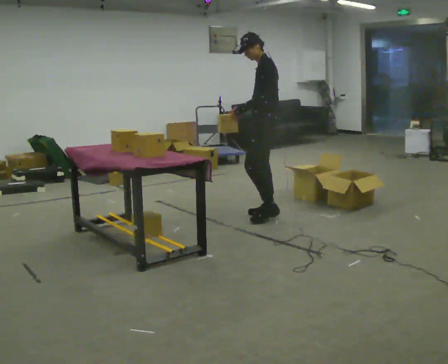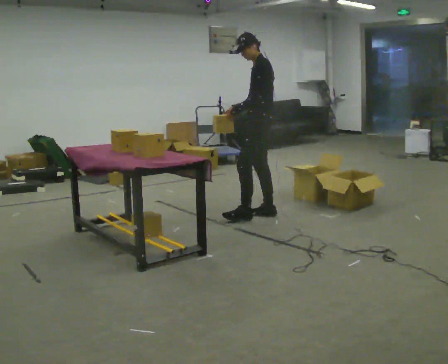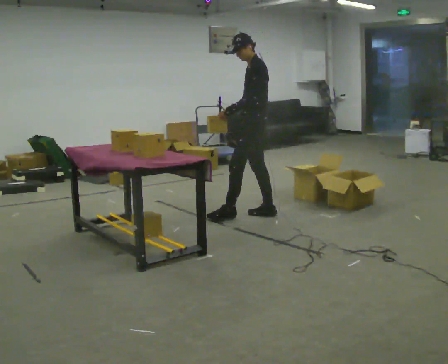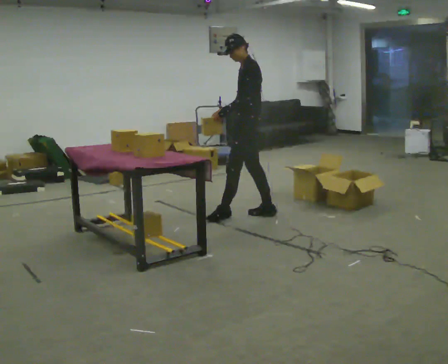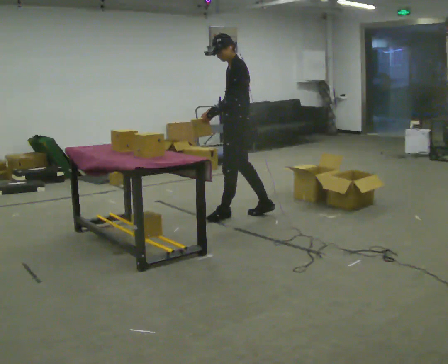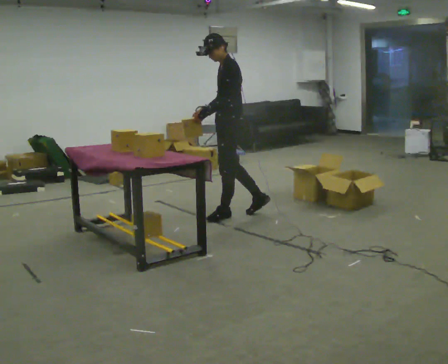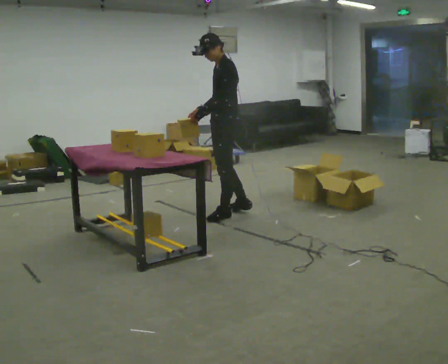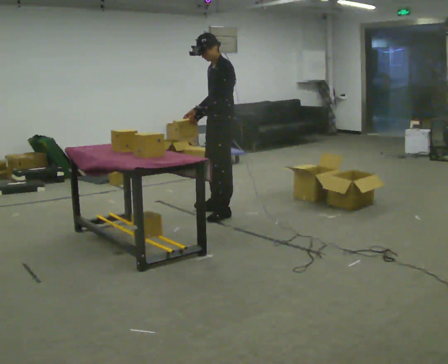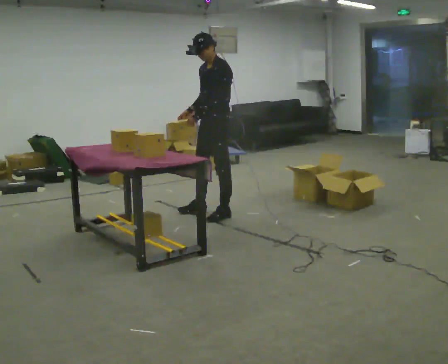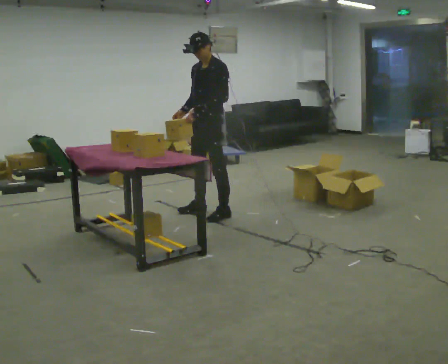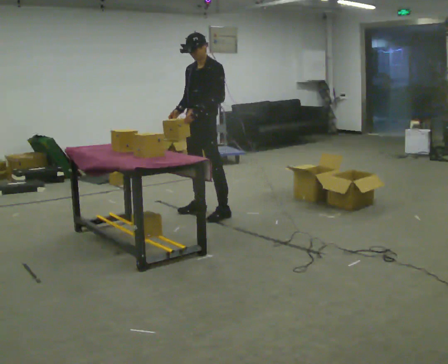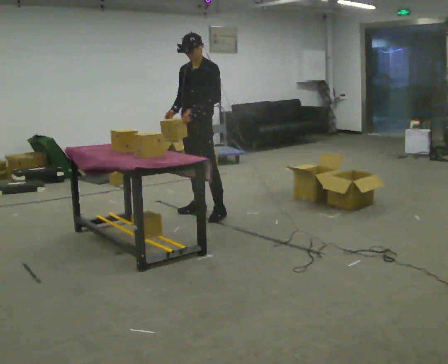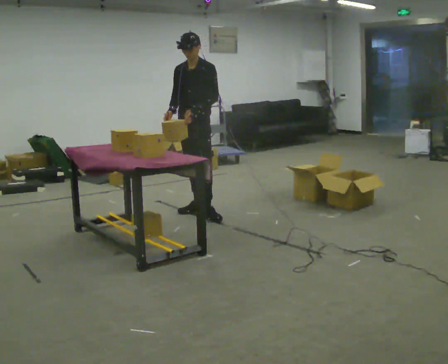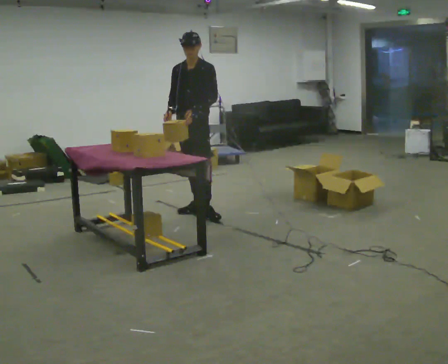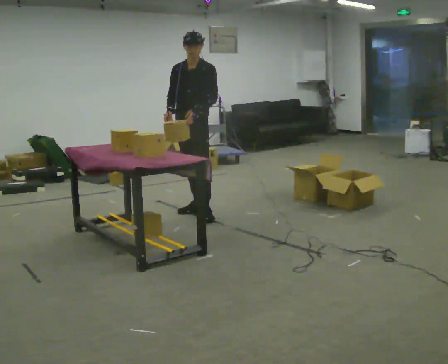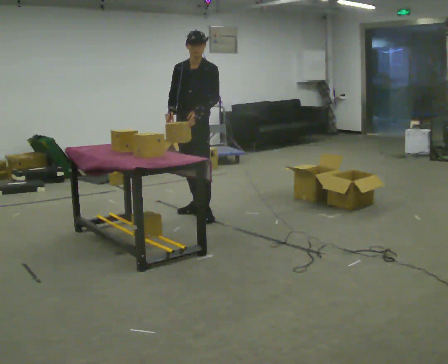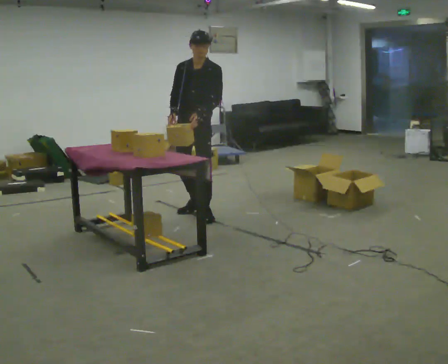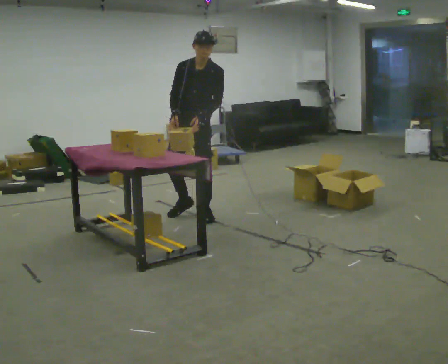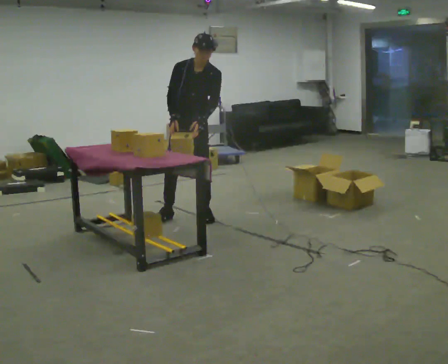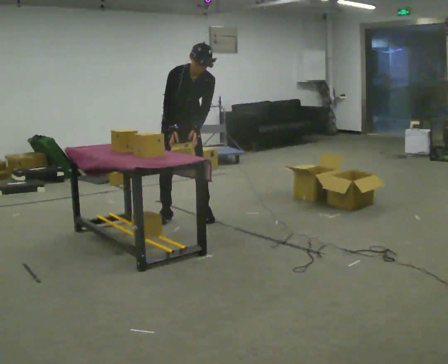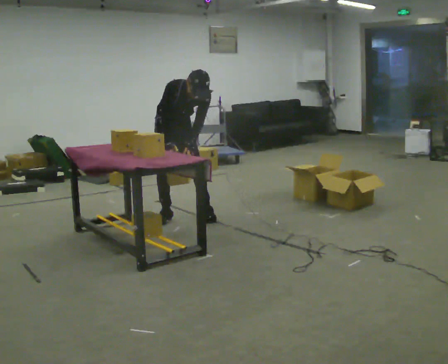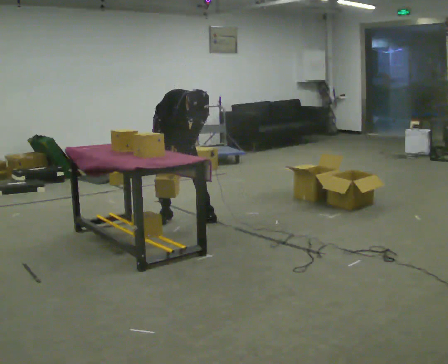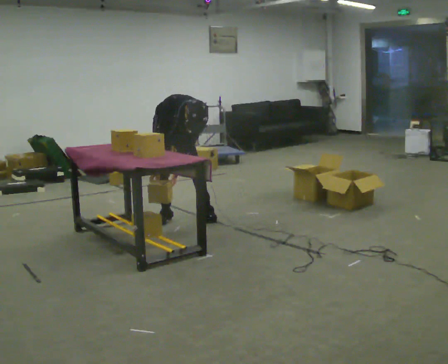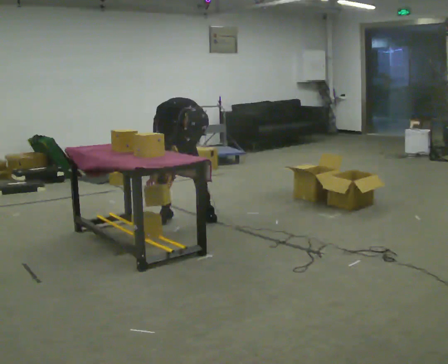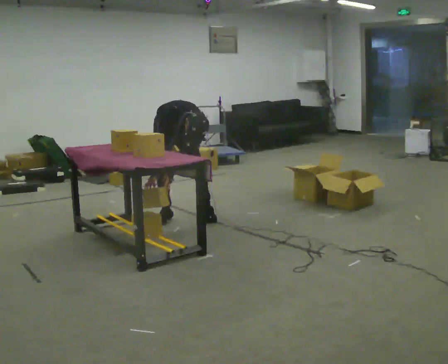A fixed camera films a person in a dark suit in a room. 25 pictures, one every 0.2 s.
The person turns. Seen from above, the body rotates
counterclockwise.
The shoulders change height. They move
downward.
0.0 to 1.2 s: In the picture they go to the left, about 0.25 m in 1 step, which for them is forward.
1.2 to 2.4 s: The person turns about 60 degrees to their left, counterclockwise seen from above, so the part of the body nearest the lens slides to the right. In the picture they go to the left and away from the camera, about 0.25 m in 2 steps, which for them is to their right.
2.4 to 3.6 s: The part of the body nearest the lens slides to the right as the person turns to their left by about 30 degrees. The upper body tips toward the camera, its near side rolling downward, as they bend forward.
3.6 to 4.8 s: In the picture they go to the left, about 0.25 m in 1 step, which for them is backward and to their right. The shoulders move downward. The upper body tips toward the camera, its near side rolling downward, as they bend forward. In the picture their left hand goes downward.
The film runs forward here.
